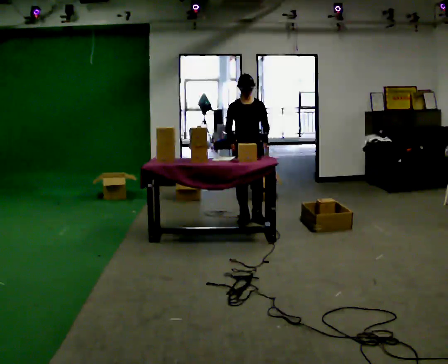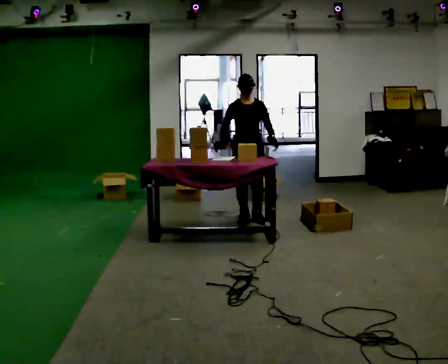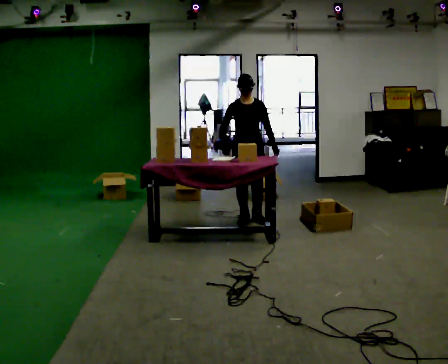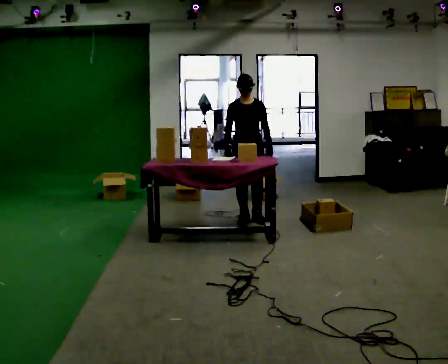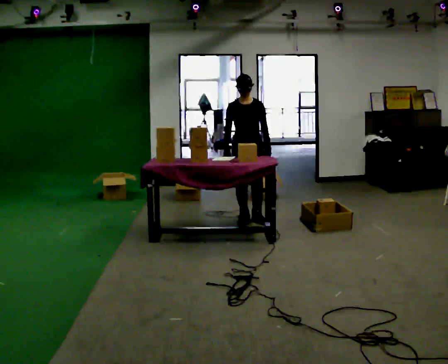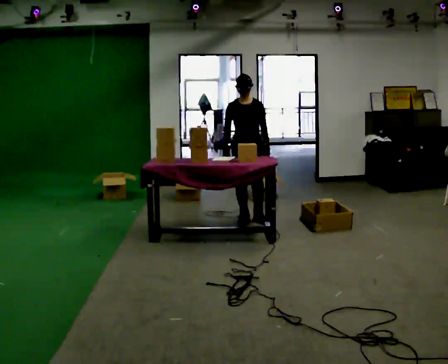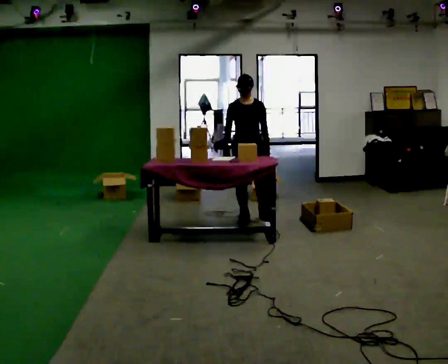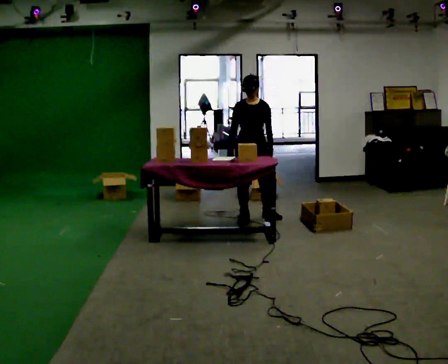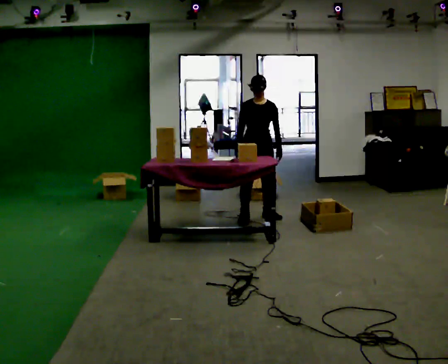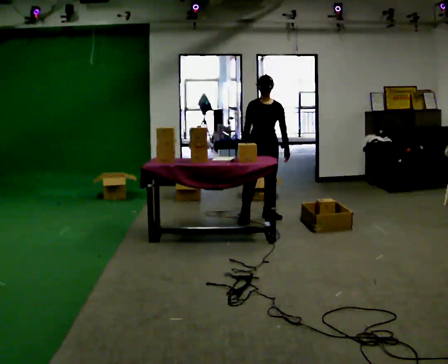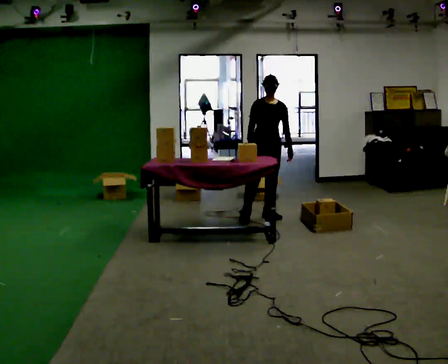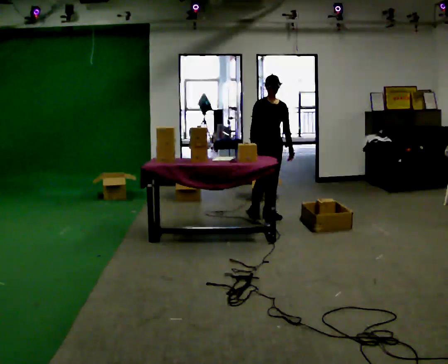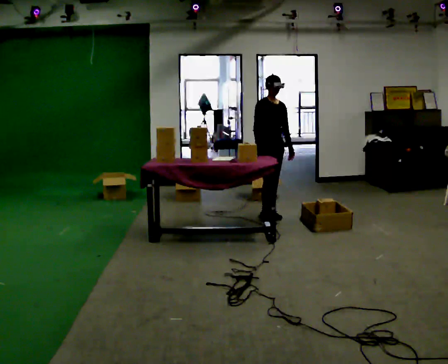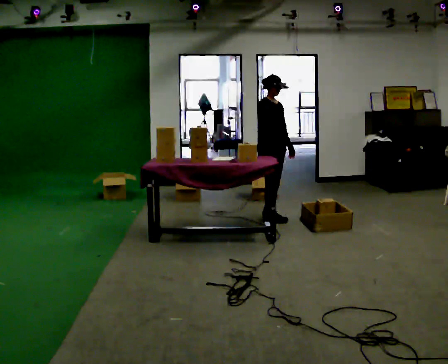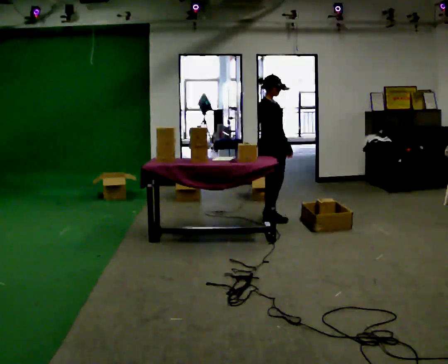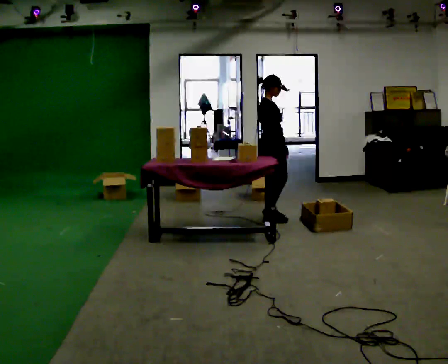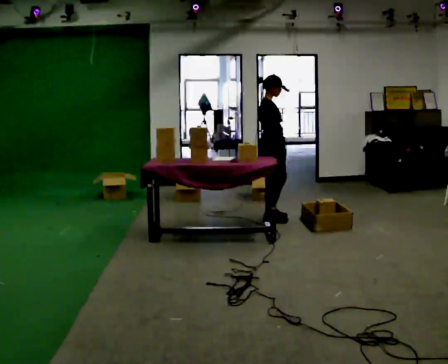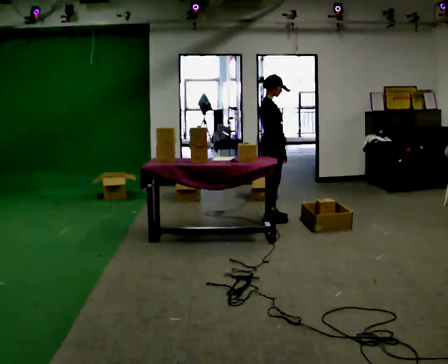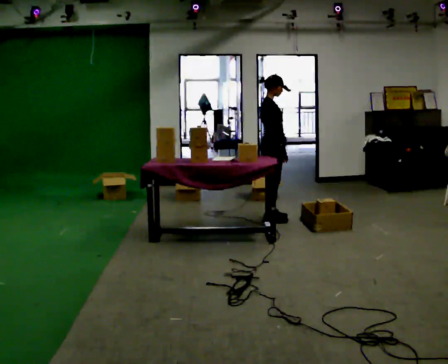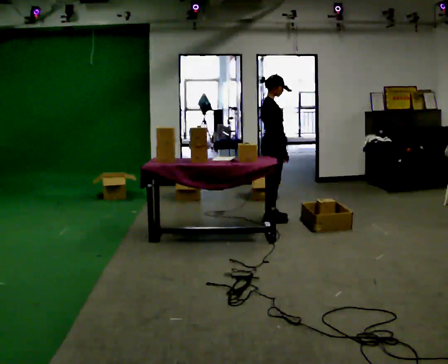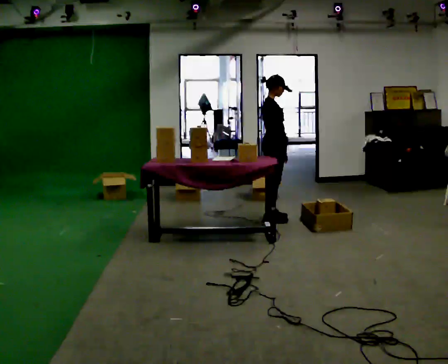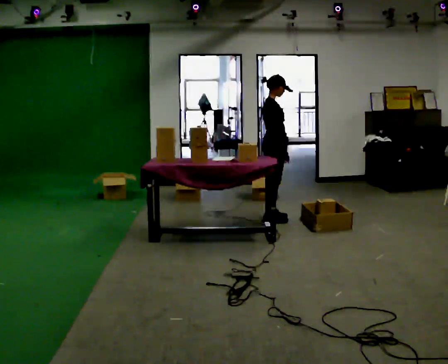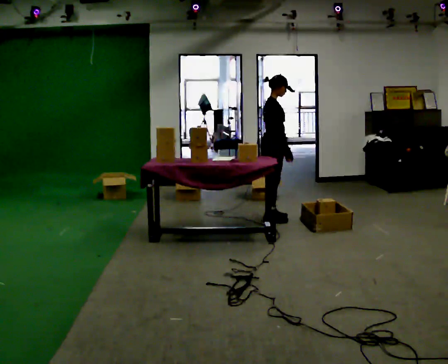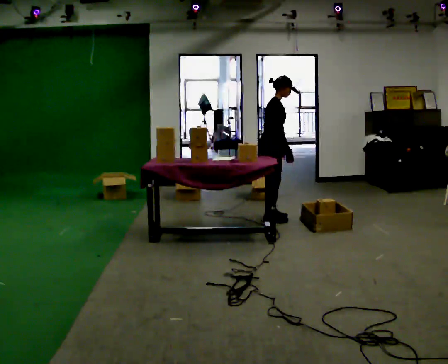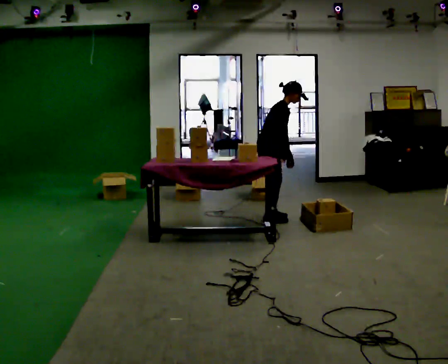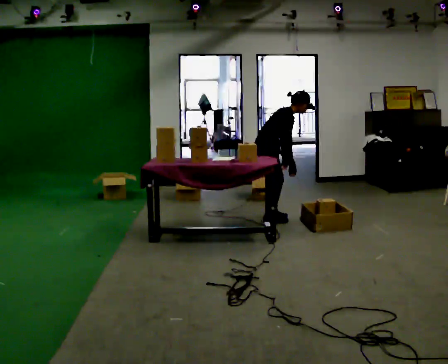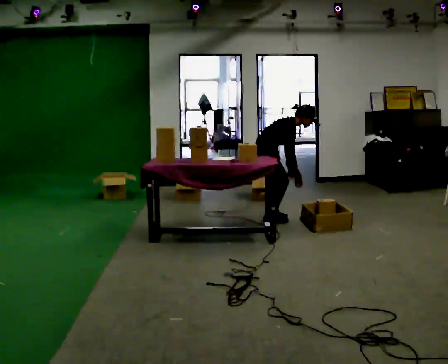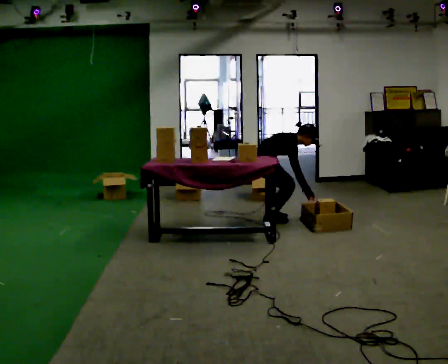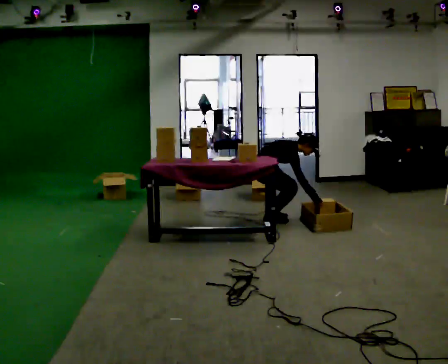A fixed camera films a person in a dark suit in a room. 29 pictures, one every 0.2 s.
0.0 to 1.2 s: The person moves a little, or ends about where they began.
1.2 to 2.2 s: In the picture they go to the right and away from the camera, about 0.25 m in 1 step, which for them is to their left and backward.
2.2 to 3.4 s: The person turns about 60 degrees to their left, counterclockwise seen from above, so the part of the body nearest the lens slides to the right. In the picture their right hand goes to the right.
3.4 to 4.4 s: The person moves a little, or ends about where they began.
4.4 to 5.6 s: The upper body goes downward. In the picture the upper body tilts clockwise, shoulders to the right, as they bend forward. In the picture their left hand goes downward and to the right.
The film runs backward here.
